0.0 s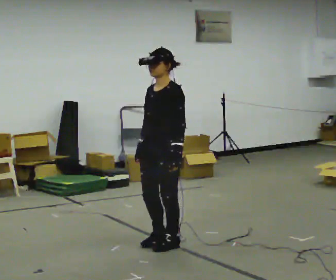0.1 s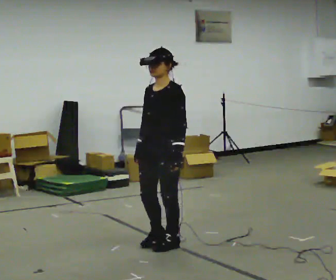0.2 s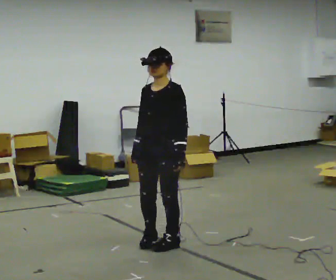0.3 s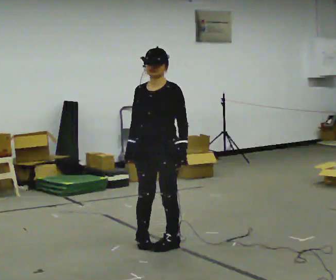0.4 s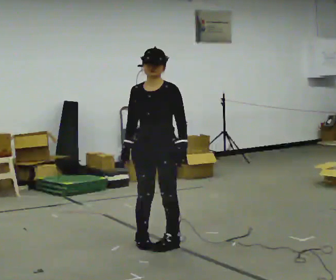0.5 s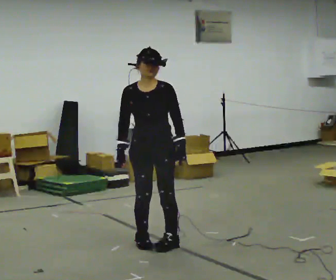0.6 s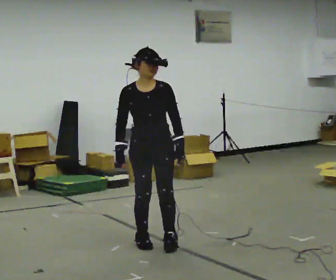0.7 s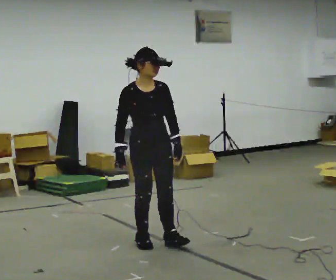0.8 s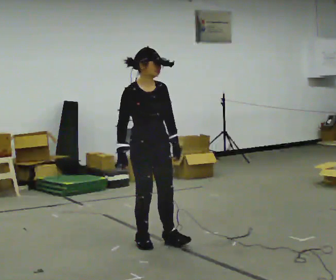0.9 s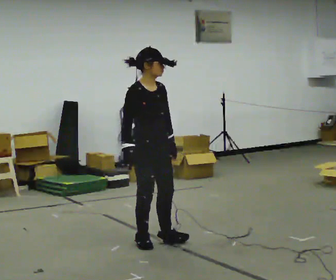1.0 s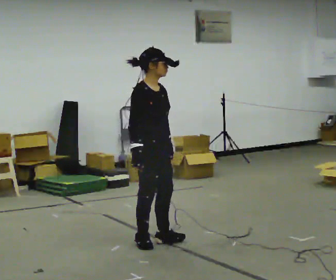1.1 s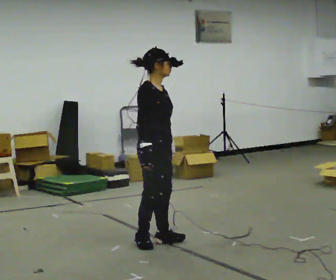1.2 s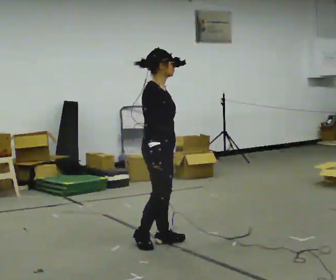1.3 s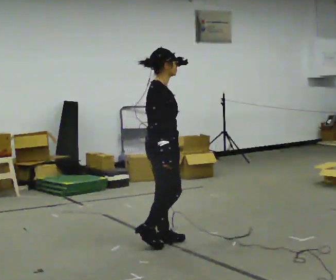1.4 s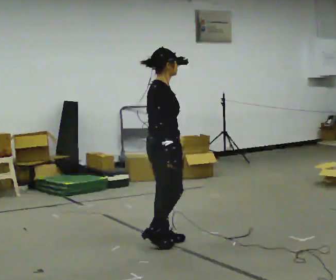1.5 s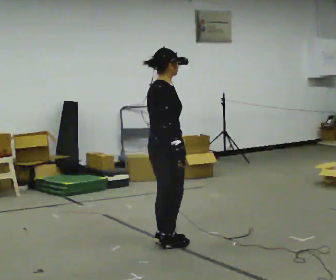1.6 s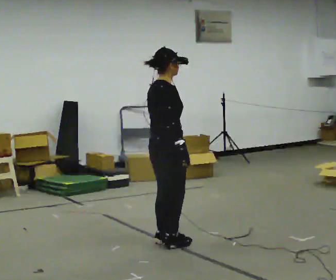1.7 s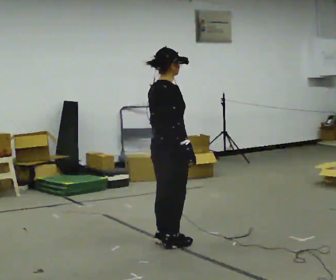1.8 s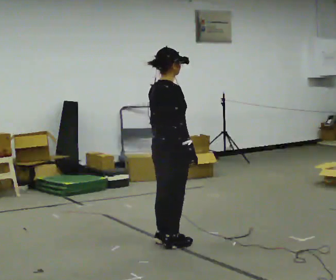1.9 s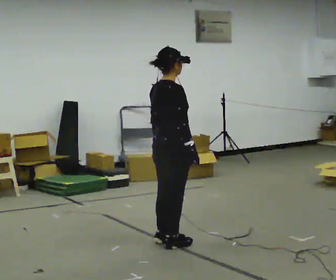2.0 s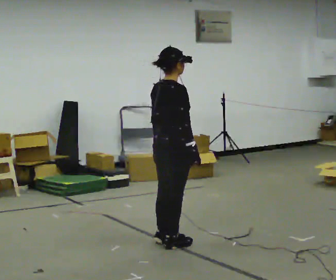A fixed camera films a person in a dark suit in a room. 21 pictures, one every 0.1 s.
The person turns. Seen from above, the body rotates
counterclockwise.
The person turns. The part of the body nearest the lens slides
to the right.
0.0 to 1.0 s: The person turns about 105 degrees to their left, counterclockwise seen from above, so the part of the body nearest the lens slides to the right.
1.0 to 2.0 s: Seen from above the body turns counterclockwise, about 60 degrees: to their left, with its near side sliding to the right. In the picture their right hand goes to the right.
The film runs forward here.
